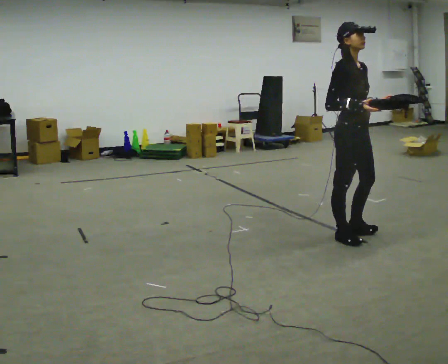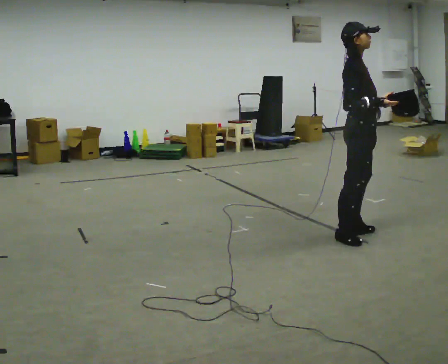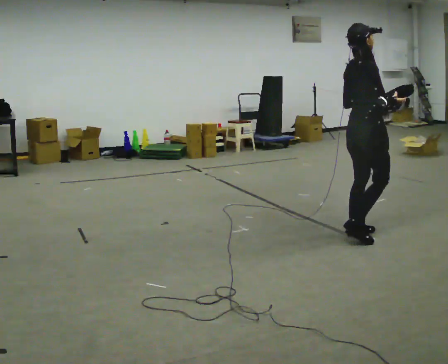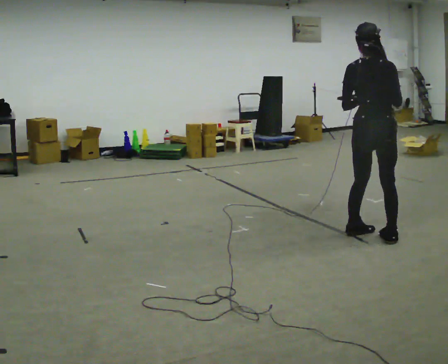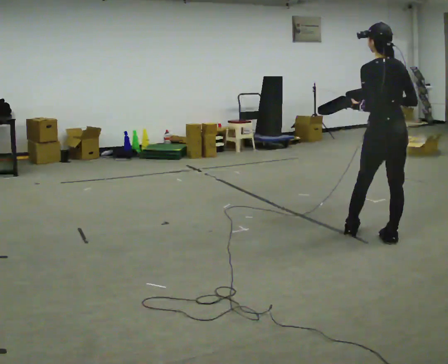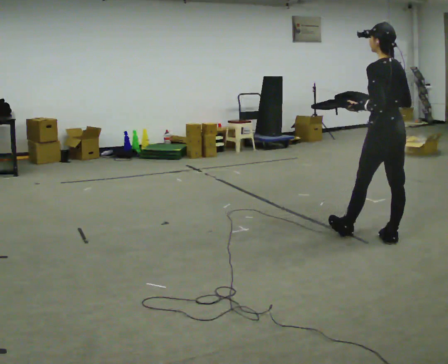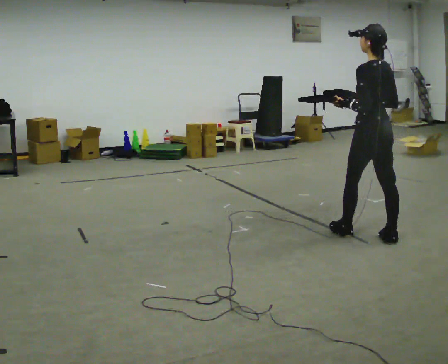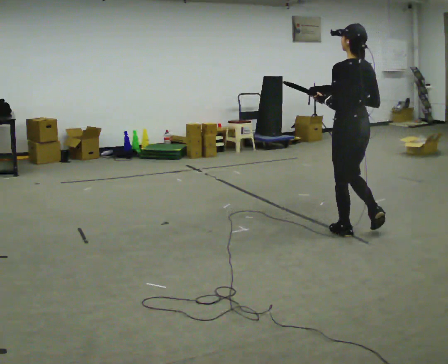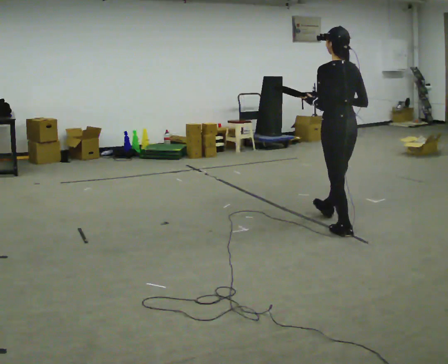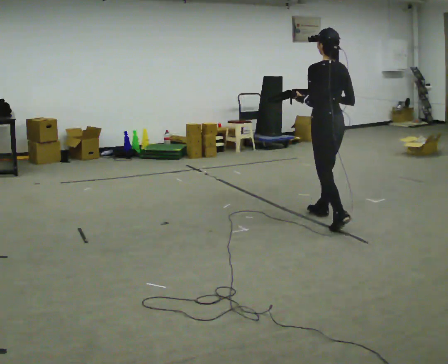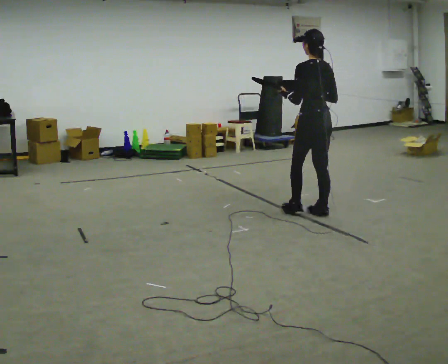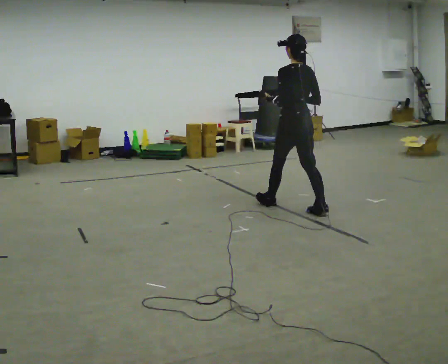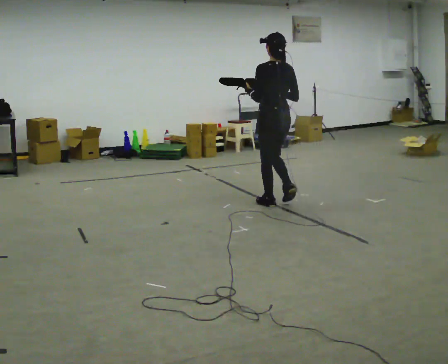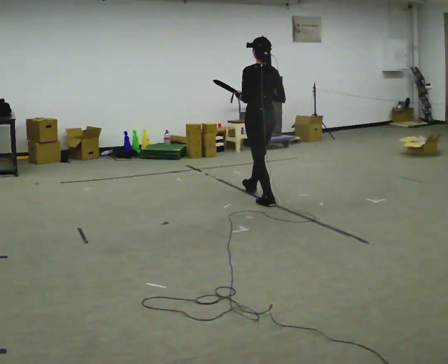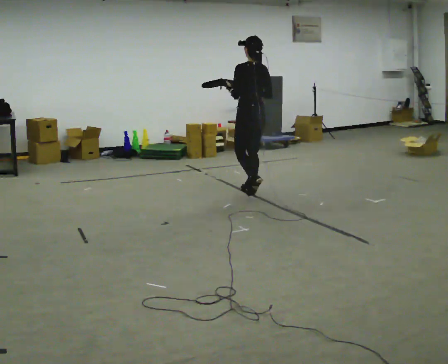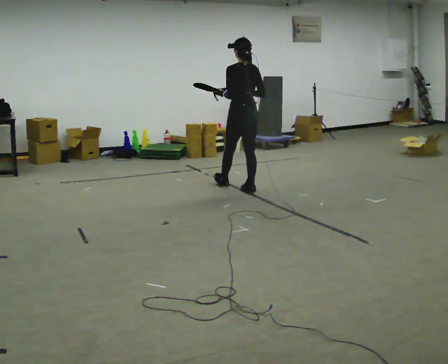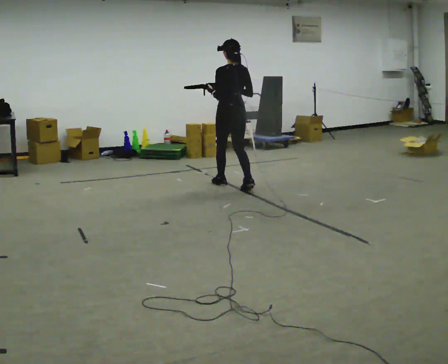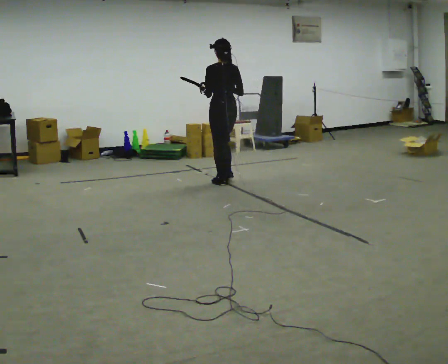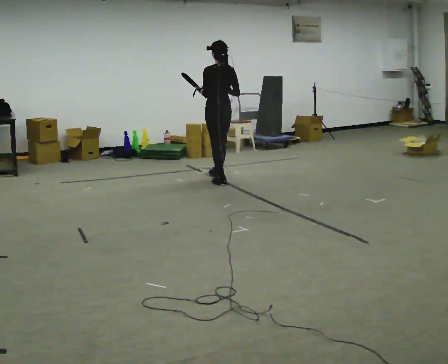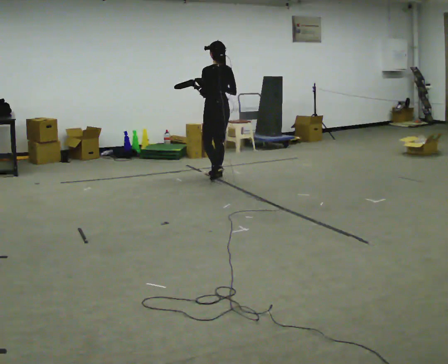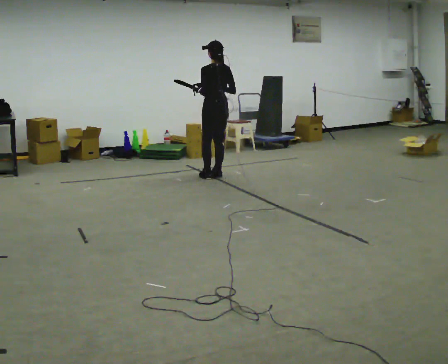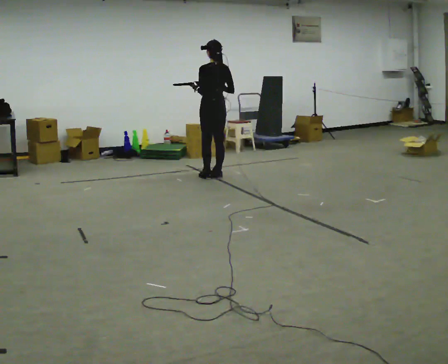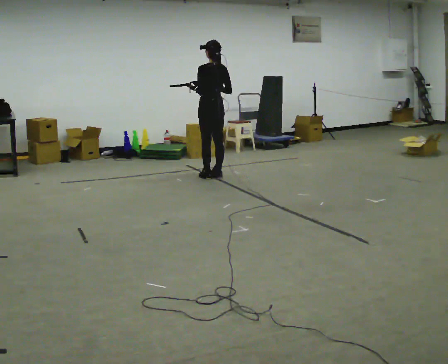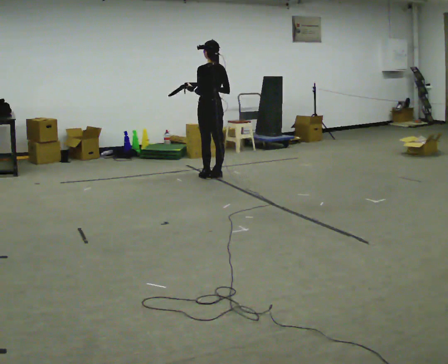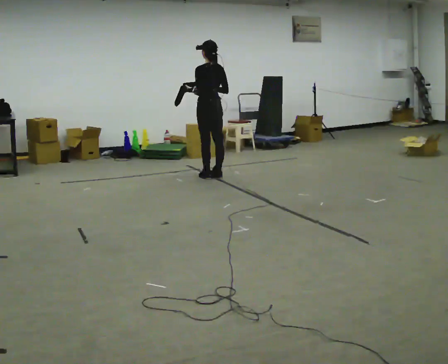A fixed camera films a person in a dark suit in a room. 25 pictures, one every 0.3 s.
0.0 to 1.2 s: The part of the body nearest the lens slides to the right as the person turns to their left by about 150 degrees. In the picture they go to the right, about 0.25 m in 1 step.
1.2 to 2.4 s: In the picture they go away from the camera and to the left, about 0.5 m, which for them is forward.
2.4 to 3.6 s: In the picture they go away from the camera and to the left, about 1 m in 2 steps, which for them is forward.
3.6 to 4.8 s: In the picture they go away from the camera and to the left, about 1 m in 2 steps, which for them is forward.
4.8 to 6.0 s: In the picture they go away from the camera and to the left, about 0.5 m in 2 steps, which for them is forward.
6.0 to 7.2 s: The person moves a little, or ends about where they began.
The film runs forward here.
